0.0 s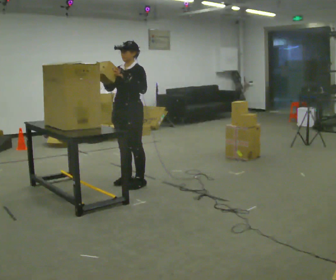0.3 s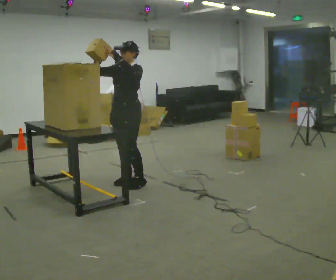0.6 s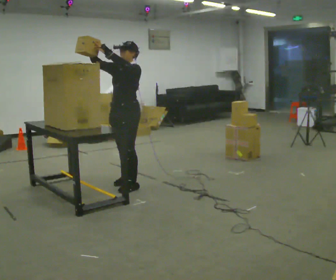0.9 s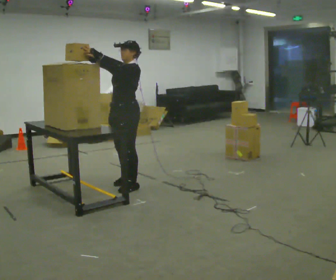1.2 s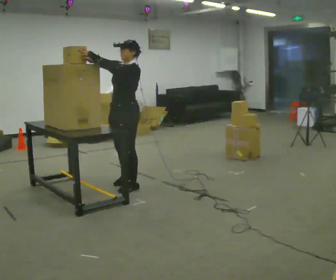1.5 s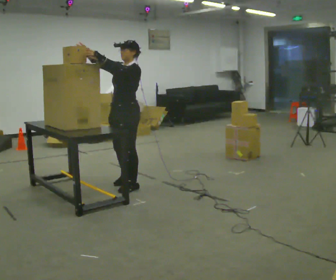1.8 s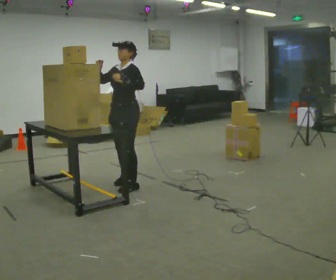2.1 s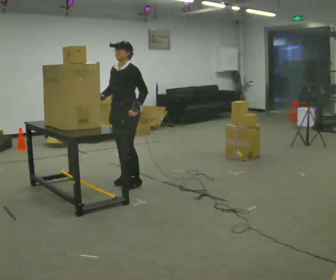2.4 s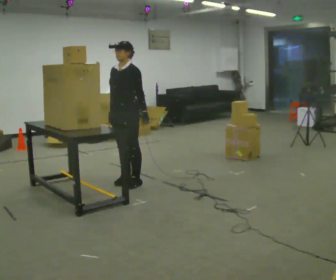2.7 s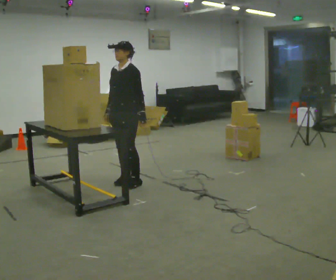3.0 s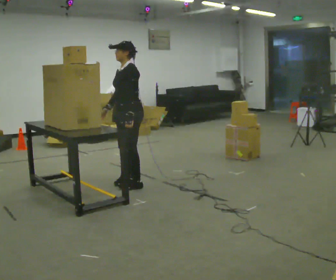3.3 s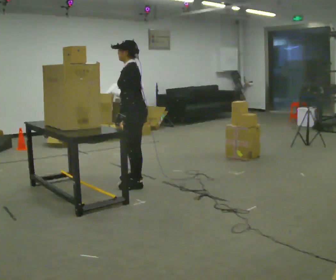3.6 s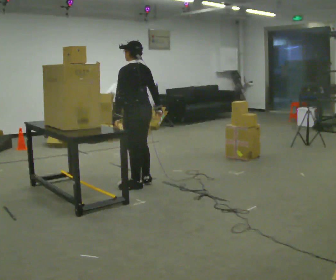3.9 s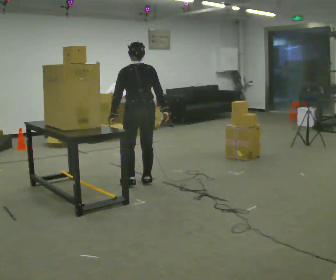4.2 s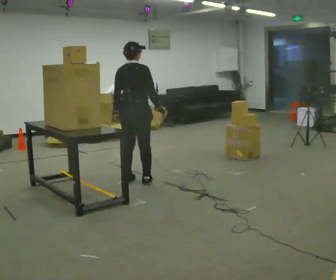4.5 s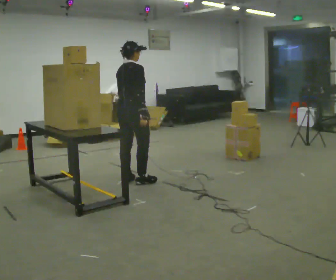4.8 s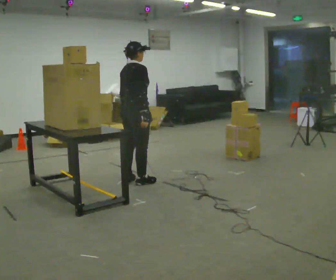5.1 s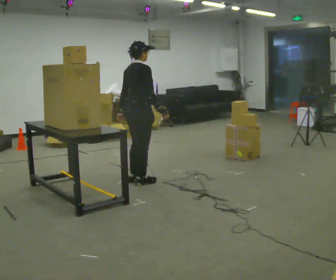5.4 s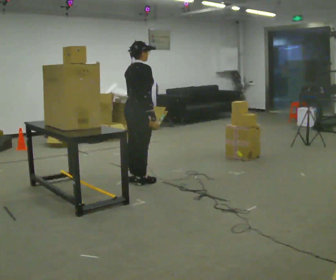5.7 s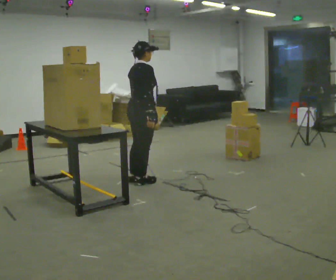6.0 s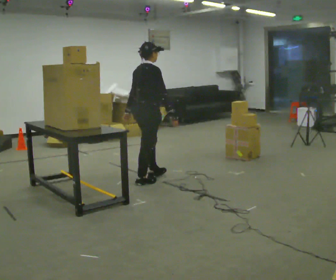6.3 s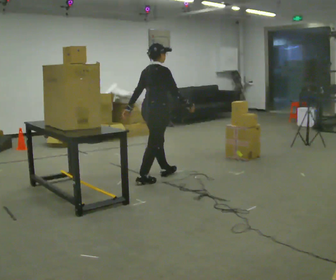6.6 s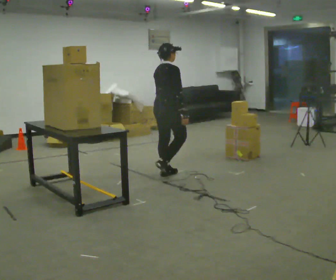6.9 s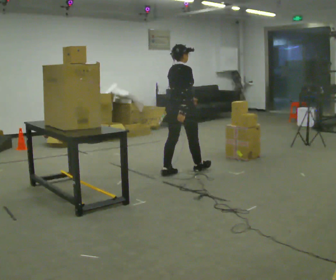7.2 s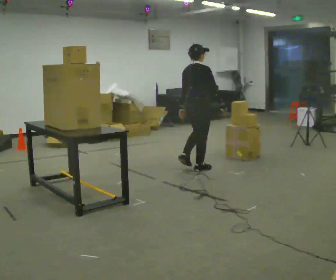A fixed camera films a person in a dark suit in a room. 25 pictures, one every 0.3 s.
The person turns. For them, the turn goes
to their right.
The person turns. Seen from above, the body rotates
clockwise.
0.0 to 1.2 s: The person moves a little, or ends about where they began.
1.2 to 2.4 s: In the picture they go away from the camera, about 0.25 m, which for them is to their right. In the picture their right hand goes downward, the arm swinging counterclockwise.
2.4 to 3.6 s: The part of the body nearest the lens slides to the left as the person turns to their right by about 90 degrees. In the picture their right hand goes to the right, the arm swinging counterclockwise.
3.6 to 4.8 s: The person turns about 105 degrees to their right, clockwise seen from above, so the part of the body nearest the lens slides to the left.
4.8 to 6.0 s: The person moves a little, or ends about where they began.
6.0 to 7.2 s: In the picture they go to the right and away from the camera, about 1 m in 2 steps, which for them is forward.
The film runs forward here.
